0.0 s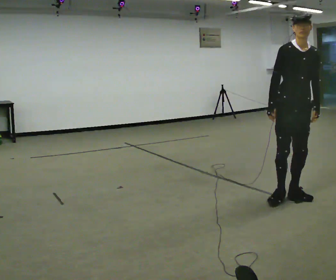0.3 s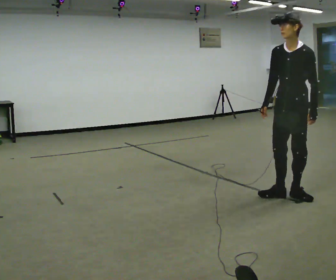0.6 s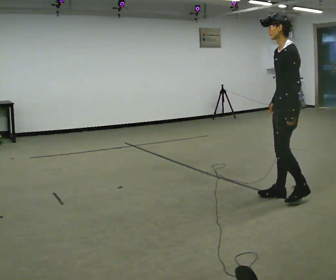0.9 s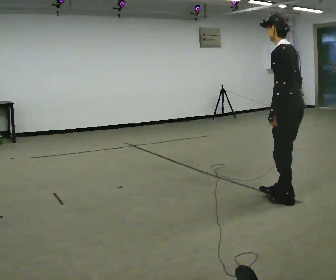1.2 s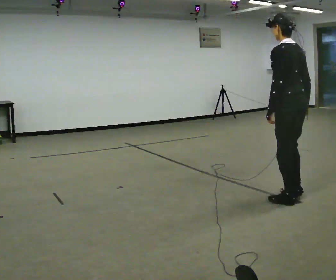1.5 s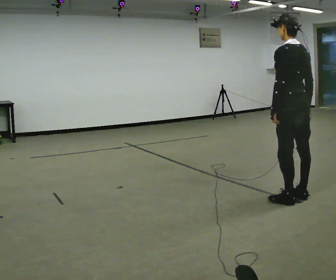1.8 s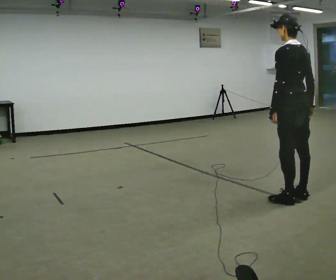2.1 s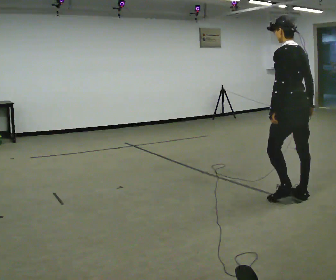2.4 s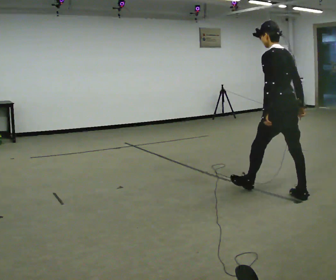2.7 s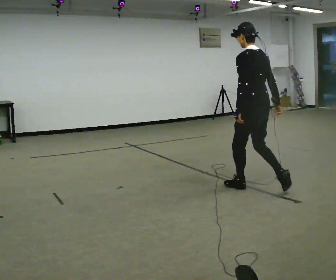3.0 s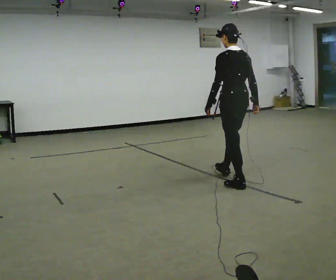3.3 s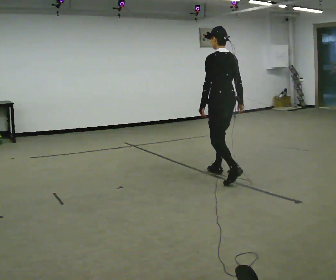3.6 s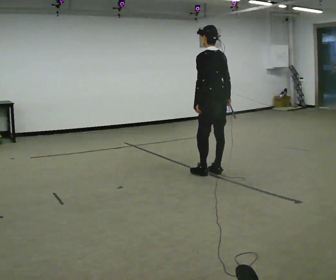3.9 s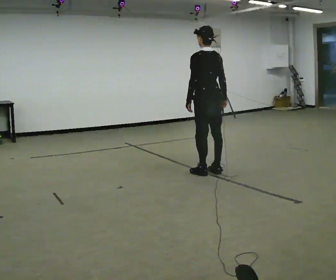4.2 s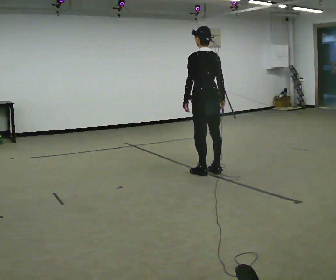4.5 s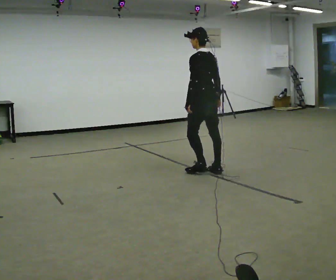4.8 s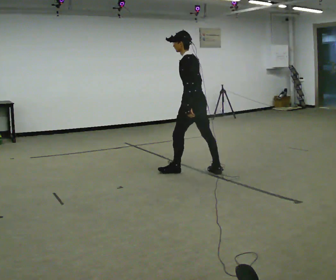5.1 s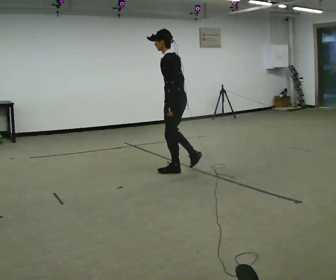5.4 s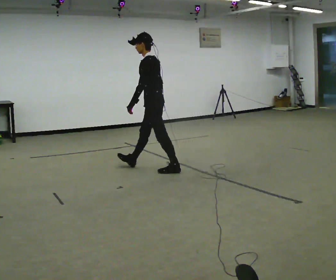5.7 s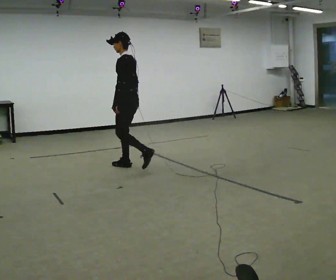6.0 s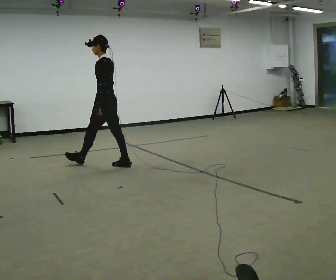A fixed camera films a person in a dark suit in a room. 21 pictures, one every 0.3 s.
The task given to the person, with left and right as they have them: Walk straight; at marker turn ~45° while continuing to walk; continue straight.
0.0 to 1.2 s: Seen from above the body turns clockwise, about 150 degrees: to their right, with its near side sliding to the left. In the picture their right hand goes to the right, the arm swinging counterclockwise.
1.2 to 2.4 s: In the picture they go away from the camera, about 0.25 m in 1 step, which for them is forward.
2.4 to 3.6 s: In the picture they go away from the camera and to the left, about 1 m in 2 steps, which for them is forward.
3.6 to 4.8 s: The part of the body nearest the lens slides to the right as the person turns to their left by about 30 degrees. In the picture they go to the left, about 0.25 m in 2 steps, which for them is forward and to their left.
4.8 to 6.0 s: In the picture they go to the left, about 1 m in 1 step, which for them is forward.
The film runs forward here.
